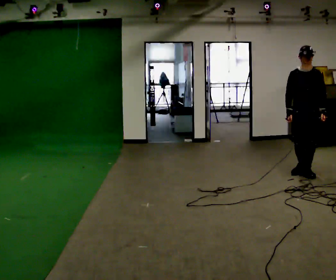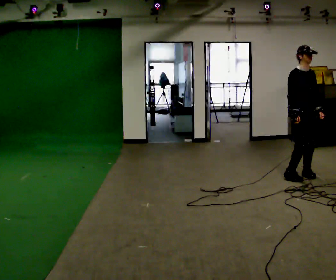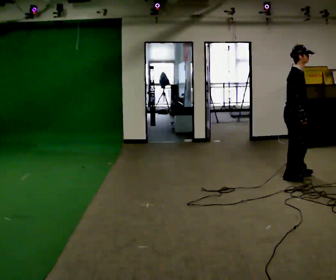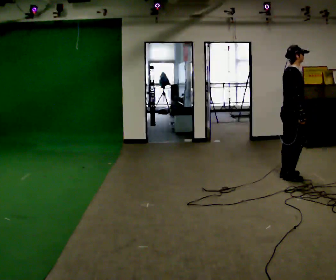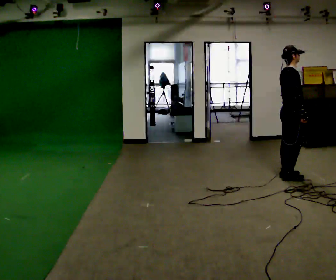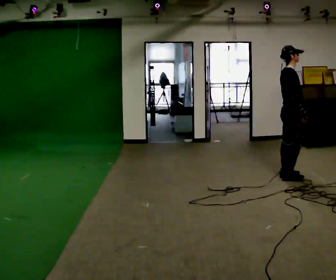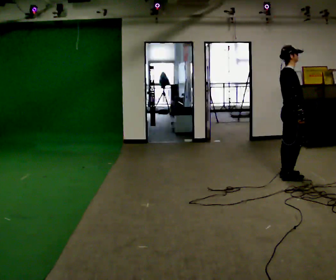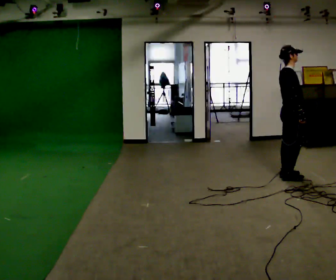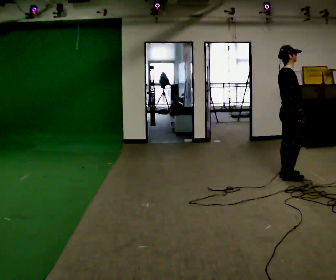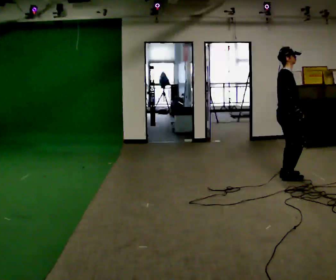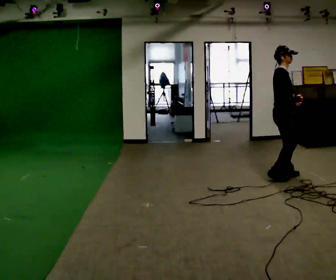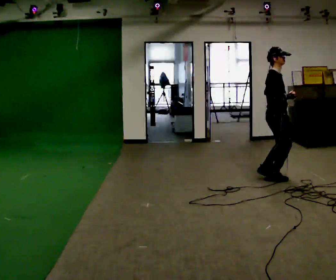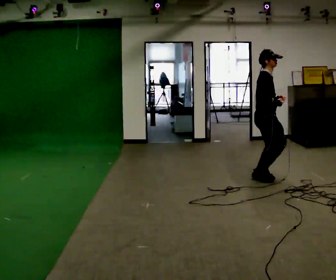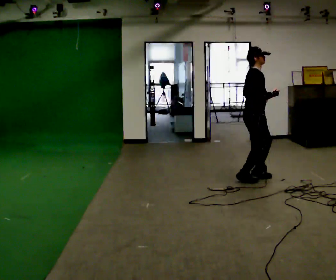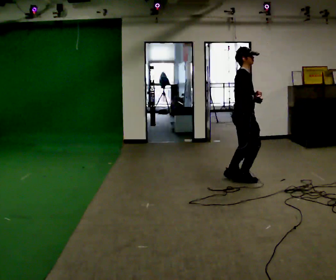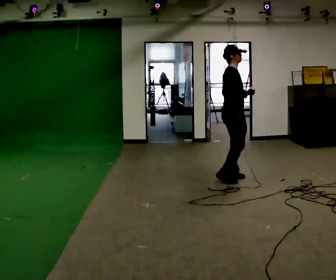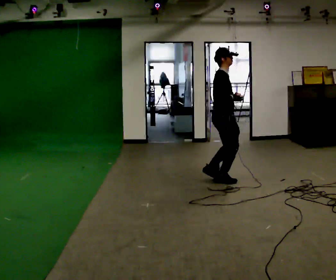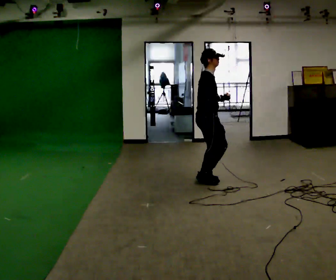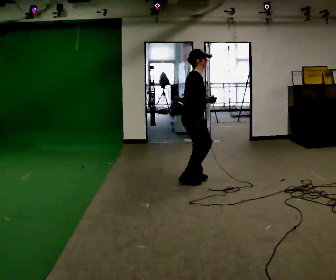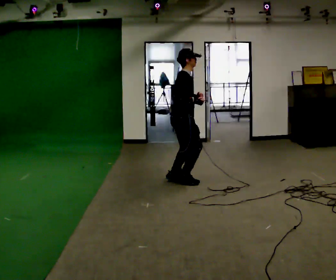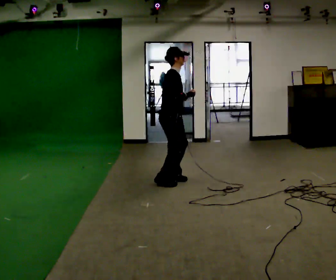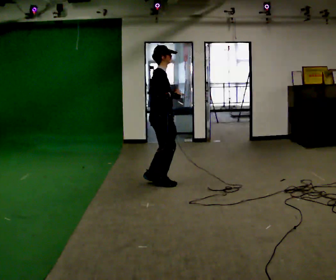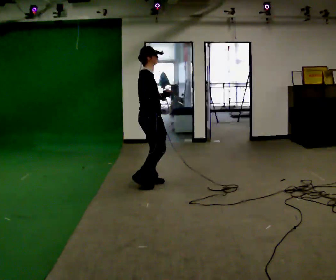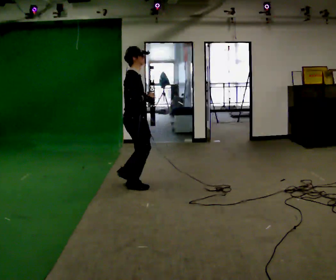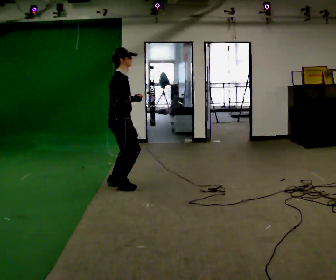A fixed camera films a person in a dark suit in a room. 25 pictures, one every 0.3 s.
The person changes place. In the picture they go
to the left.
0.0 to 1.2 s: The part of the body nearest the lens slides to the right as the person turns to their left by about 105 degrees. In the picture they go to the left, about 0.25 m in 2 steps. In the picture their left hand goes to the left.
1.2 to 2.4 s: The person moves a little, or ends about where they began.
2.4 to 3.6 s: In the picture they go to the left, about 0.25 m in 2 steps, which for them is backward.
3.6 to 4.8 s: In the picture they go to the left, about 0.5 m in 3 steps, which for them is backward.
4.8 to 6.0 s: In the picture they go to the left, about 0.75 m in 4 steps, which for them is backward.
6.0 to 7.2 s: In the picture they go to the left and toward the camera, about 0.5 m in 3 steps, which for them is backward.
The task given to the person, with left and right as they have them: Jog backward at a comfortable pace. The operator confirms the space behind you is clear before each take.
The film runs forward here.
